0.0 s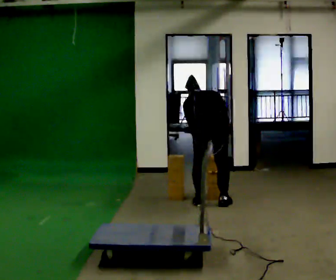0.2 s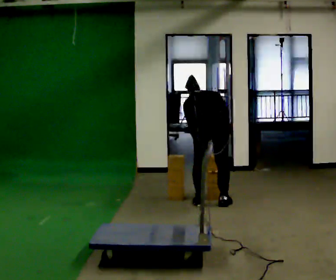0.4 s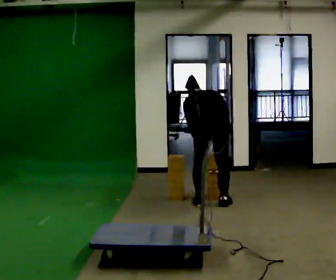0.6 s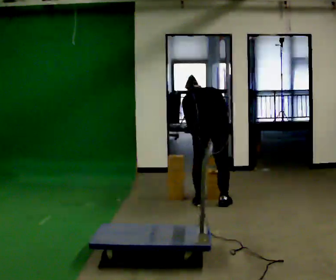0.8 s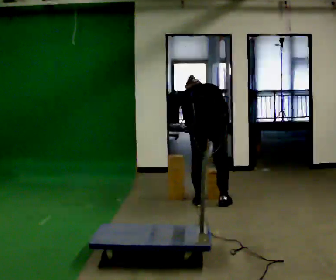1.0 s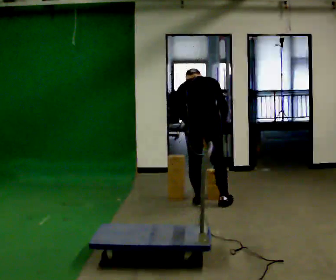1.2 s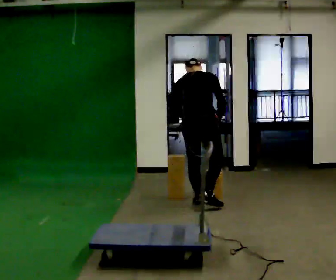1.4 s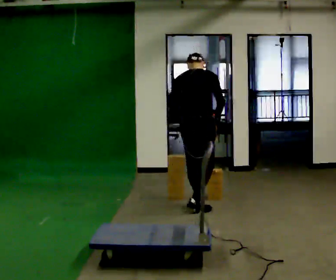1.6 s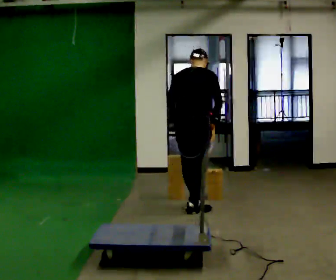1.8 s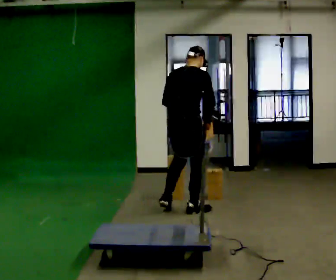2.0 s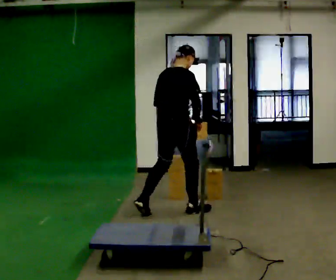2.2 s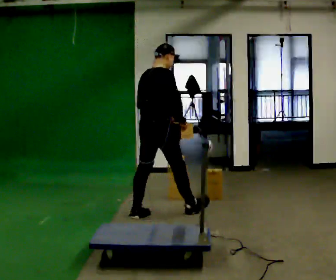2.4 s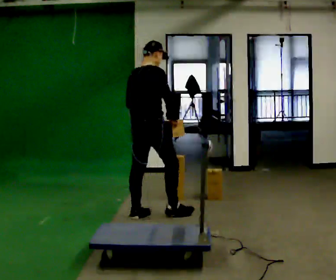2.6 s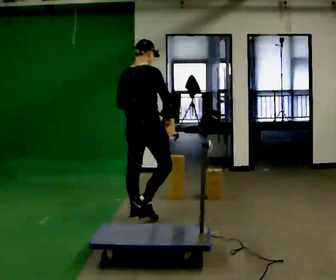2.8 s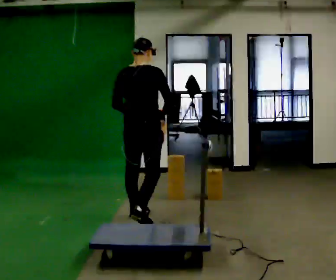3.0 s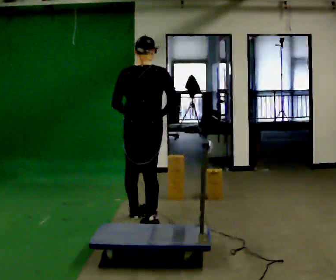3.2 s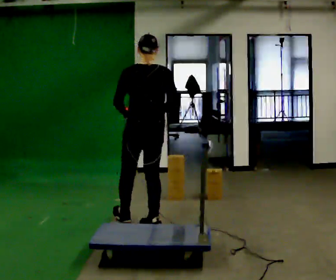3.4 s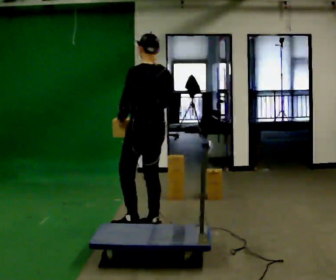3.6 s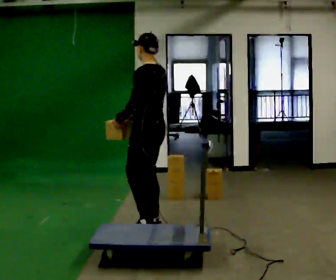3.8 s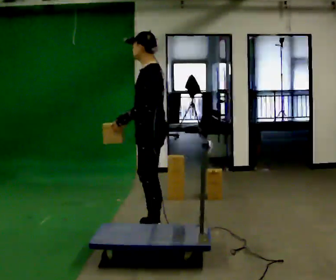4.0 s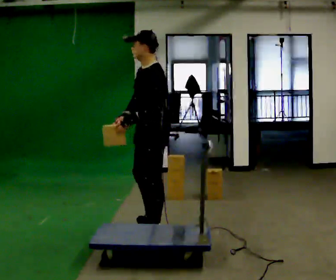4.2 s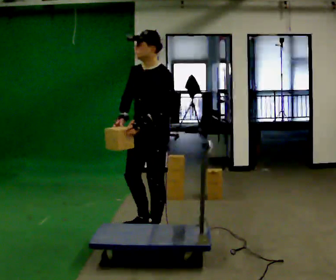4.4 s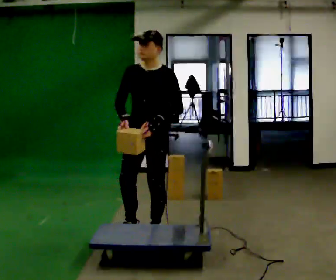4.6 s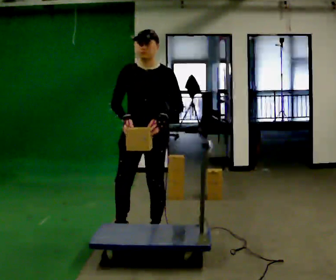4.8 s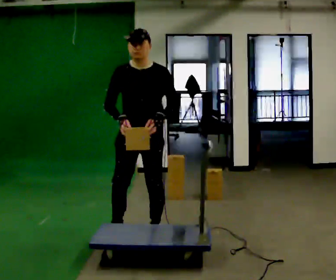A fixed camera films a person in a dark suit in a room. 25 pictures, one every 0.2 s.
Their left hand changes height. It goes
upward.
The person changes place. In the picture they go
toward the camera.
0.0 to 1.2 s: The shoulders move upward. The upper body tips toward the camera, its near side rolling downward, as they lean back or straighten.
1.2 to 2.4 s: The part of the body nearest the lens slides to the left as the person turns to their right by about 30 degrees. In the picture they go to the left and toward the camera, about 0.5 m in 2 steps, which for them is backward. The upper body tips toward the camera, its near side rolling downward, as they lean back or straighten.
2.4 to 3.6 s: The person turns about 105 degrees to their left, counterclockwise seen from above, so the part of the body nearest the lens slides to the right. In the picture they go toward the camera, about 0.5 m in 1 step.
3.6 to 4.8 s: The person turns about 105 degrees to their left, counterclockwise seen from above, so the part of the body nearest the lens slides to the right. In the picture they go toward the camera, about 0.25 m in 1 step.
The film runs backward here.
